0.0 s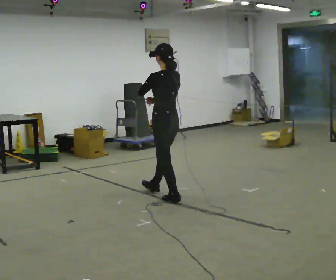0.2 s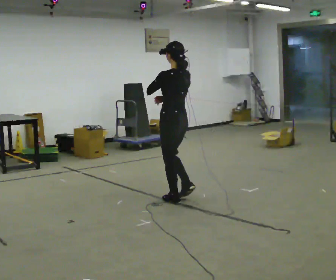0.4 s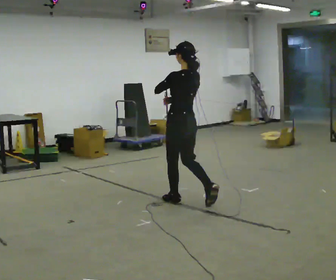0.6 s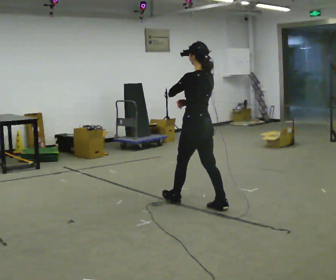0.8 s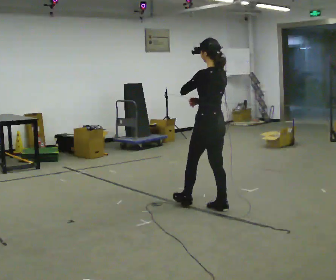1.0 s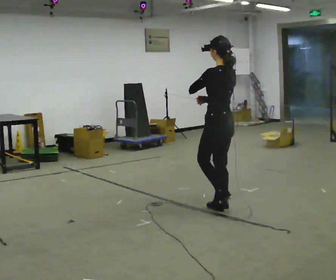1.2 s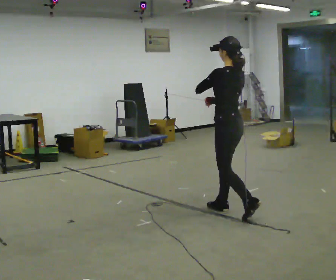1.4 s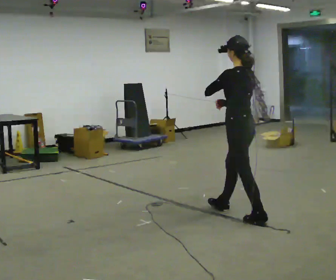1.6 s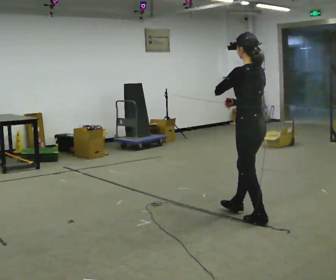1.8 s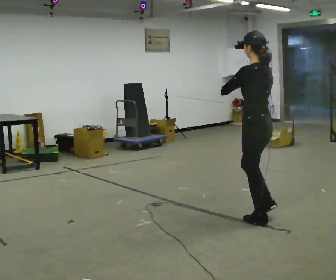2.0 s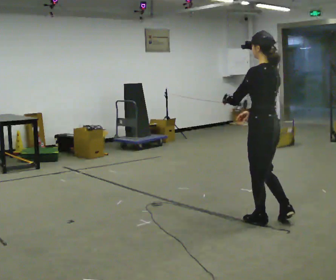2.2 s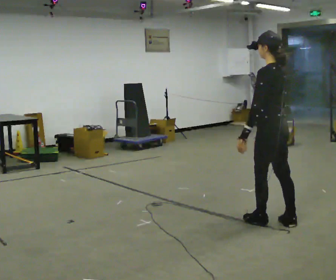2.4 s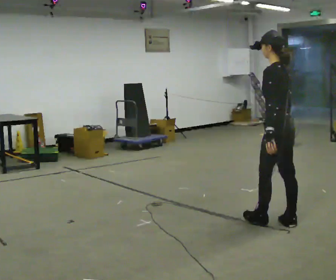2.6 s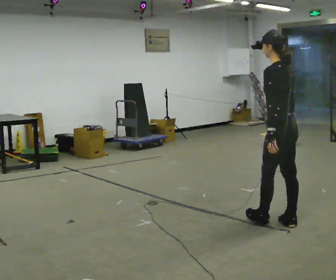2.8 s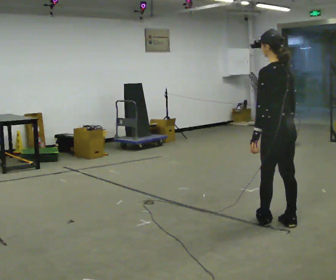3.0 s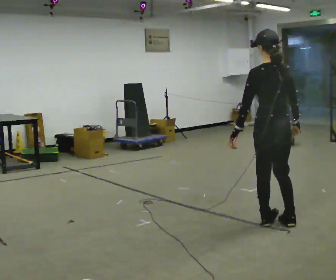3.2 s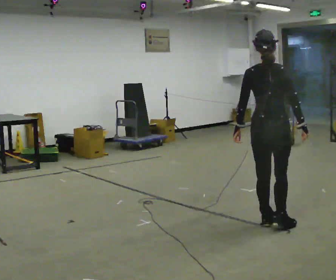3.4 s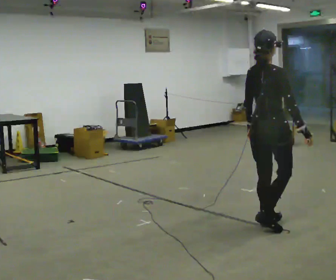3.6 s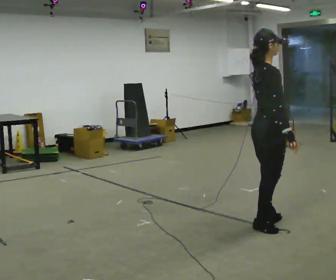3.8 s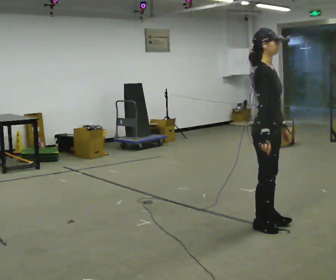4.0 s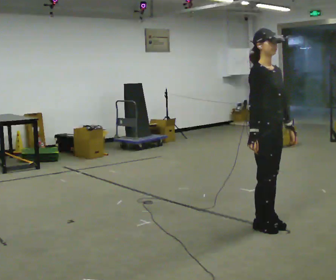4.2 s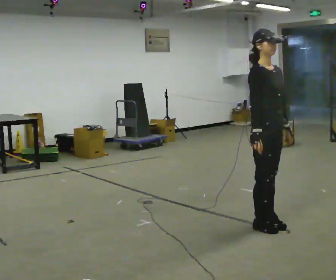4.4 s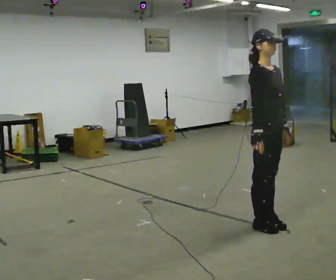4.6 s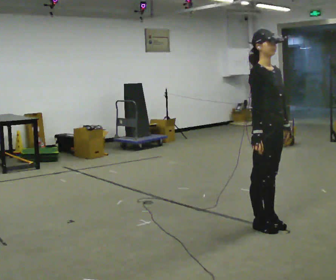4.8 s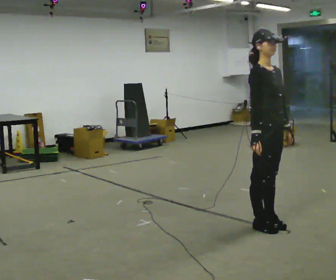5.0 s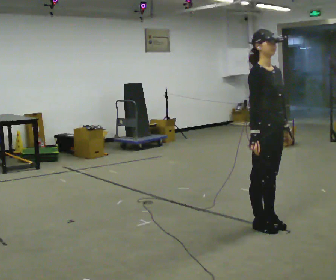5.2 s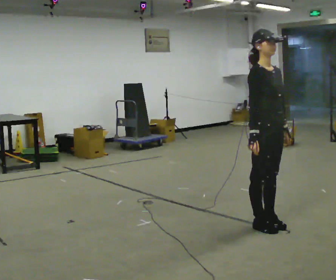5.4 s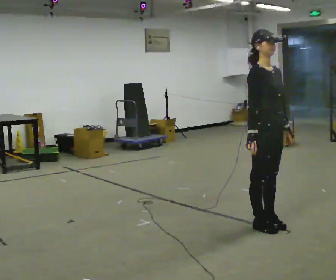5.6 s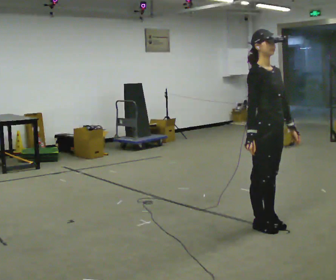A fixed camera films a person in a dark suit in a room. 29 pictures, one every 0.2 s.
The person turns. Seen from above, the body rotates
clockwise.
The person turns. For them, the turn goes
to their right.
0.0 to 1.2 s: In the picture they go to the right and toward the camera, about 1 m in 1 step, which for them is backward.
1.2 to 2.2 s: In the picture they go to the right and toward the camera, about 0.5 m in 1 step, which for them is backward. In the picture their left hand goes downward.
2.2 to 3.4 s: The part of the body nearest the lens slides to the left as the person turns to their right by about 90 degrees. In the picture their right hand goes to the right.
3.4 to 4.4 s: The person turns about 90 degrees to their right, clockwise seen from above, so the part of the body nearest the lens slides to the left. In the picture their right hand goes to the left.
4.4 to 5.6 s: The person moves a little, or ends about where they began.
The film runs backward here.
